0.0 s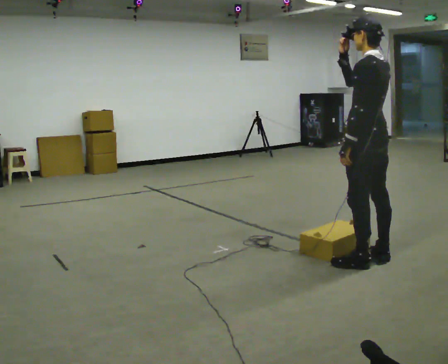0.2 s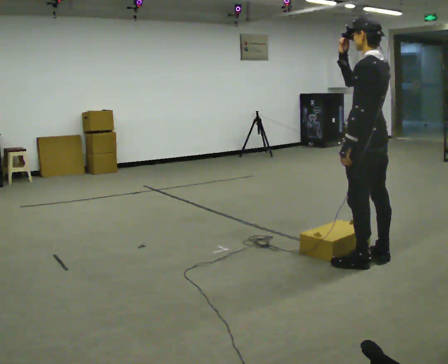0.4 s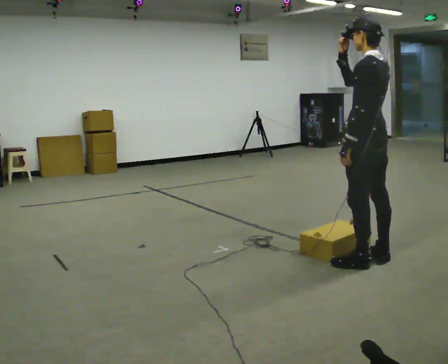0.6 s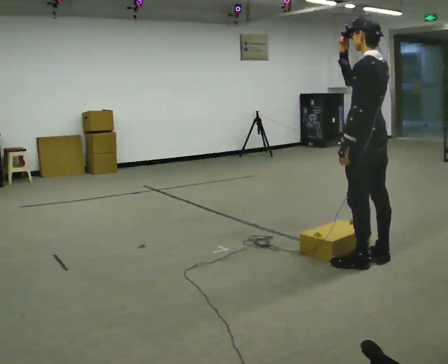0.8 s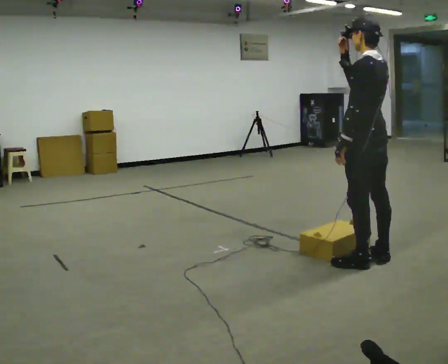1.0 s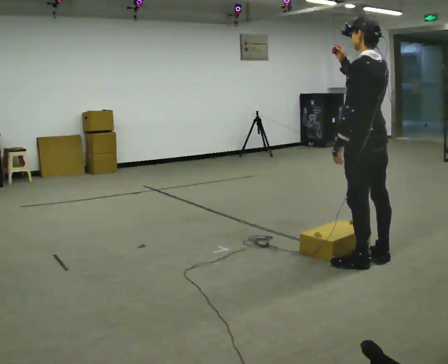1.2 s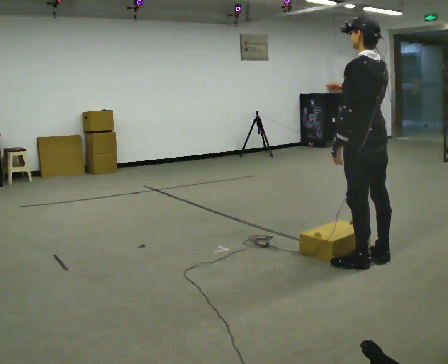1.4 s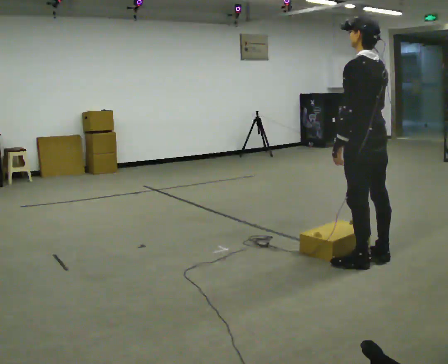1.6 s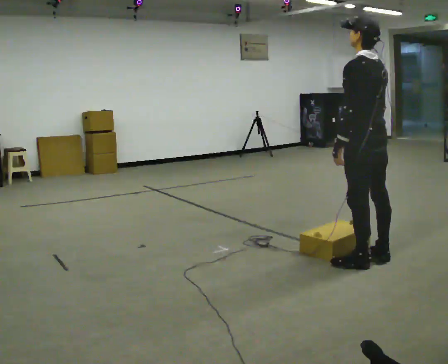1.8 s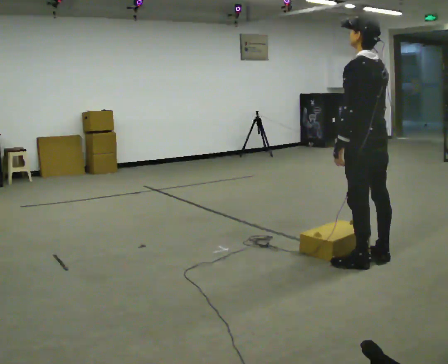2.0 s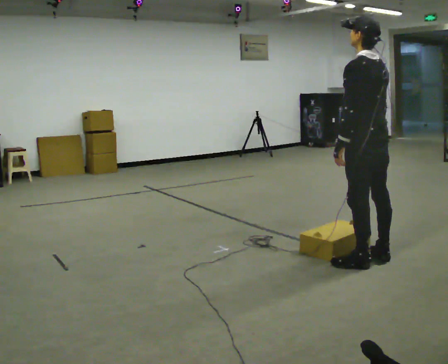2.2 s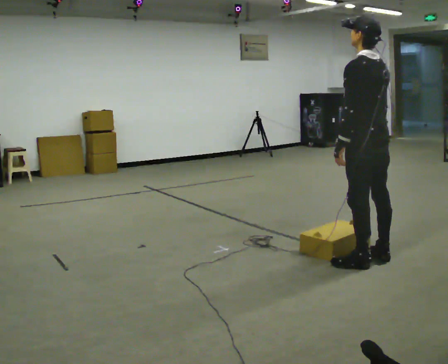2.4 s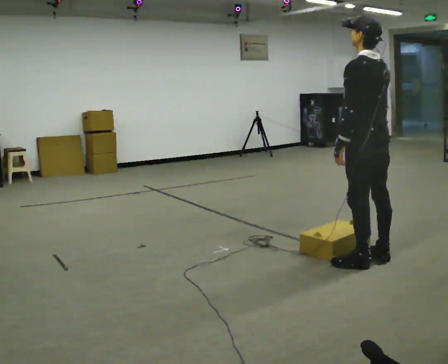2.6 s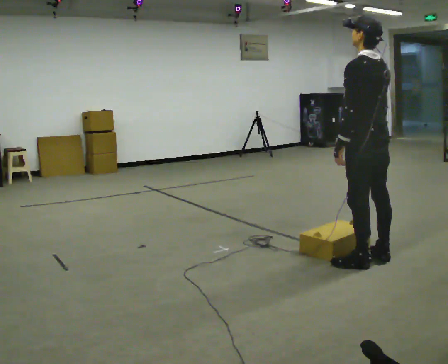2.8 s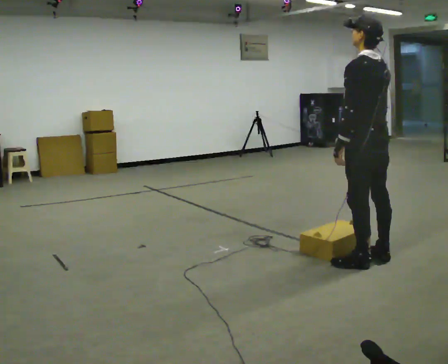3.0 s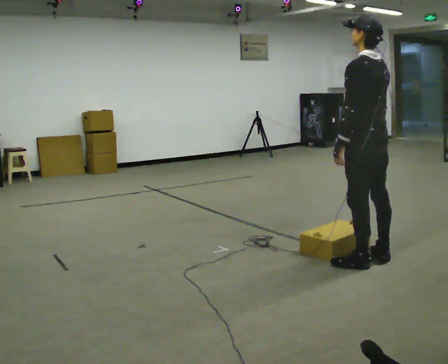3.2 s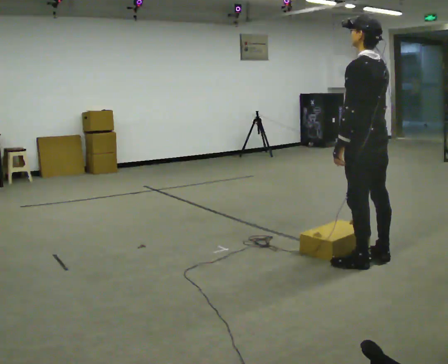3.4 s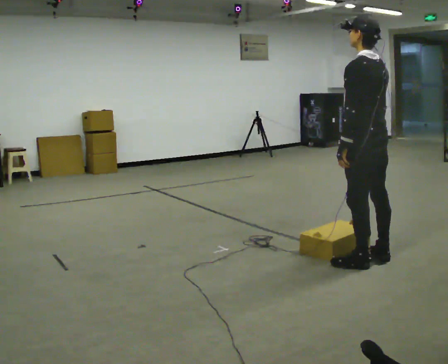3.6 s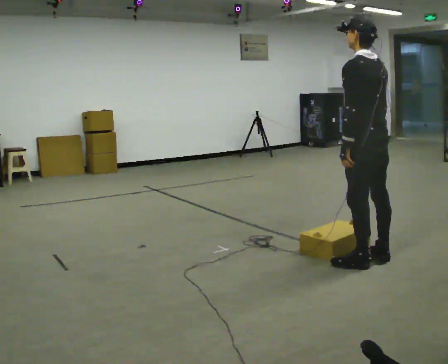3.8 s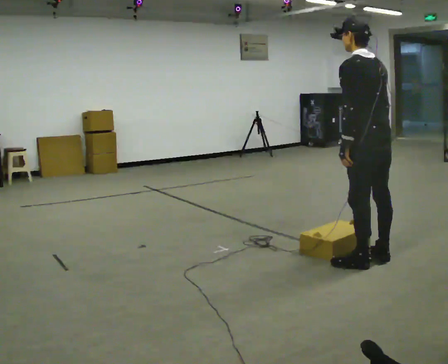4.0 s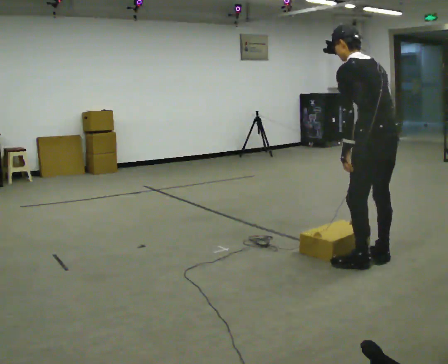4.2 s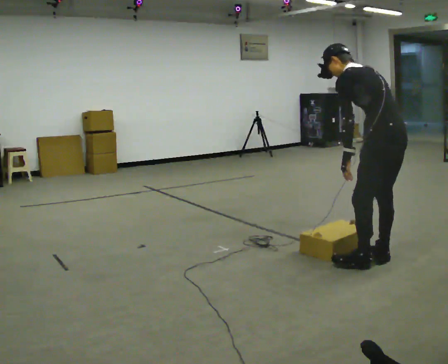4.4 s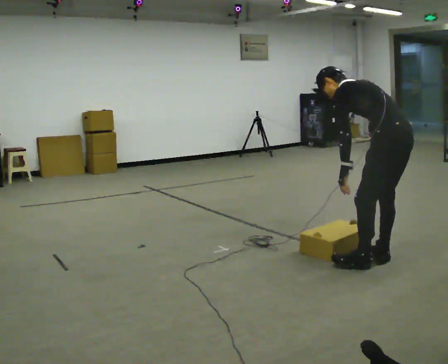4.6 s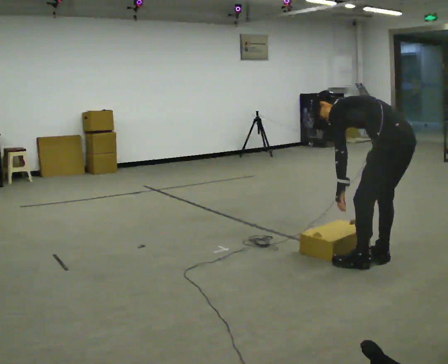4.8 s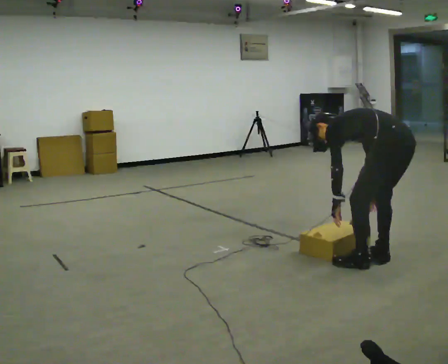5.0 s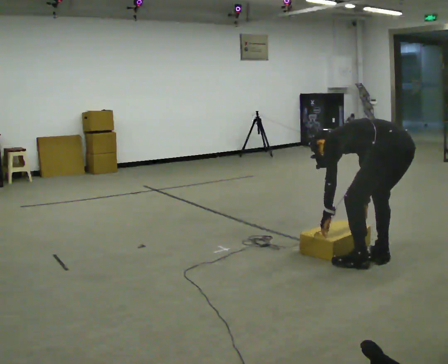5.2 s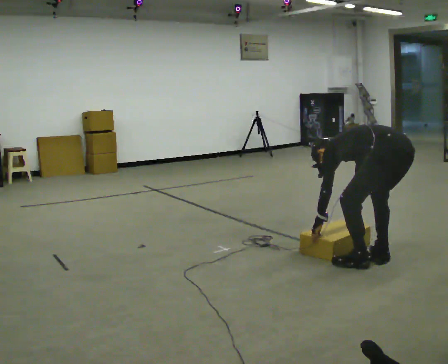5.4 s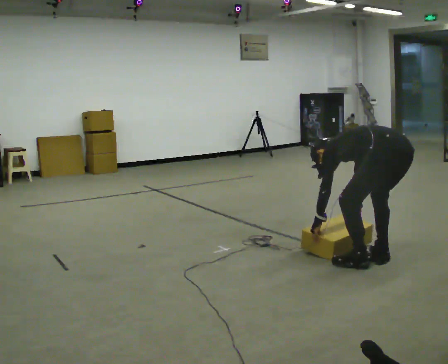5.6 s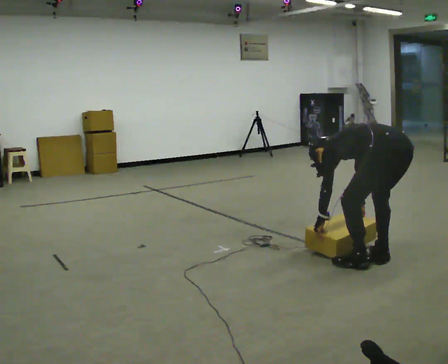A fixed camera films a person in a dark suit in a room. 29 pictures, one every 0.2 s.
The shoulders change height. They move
downward.
Their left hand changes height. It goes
downward.
0.0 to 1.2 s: The person moves a little, or ends about where they began.
1.2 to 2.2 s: In the picture their right hand goes downward.
2.2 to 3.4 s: The person keeps their place and pose.
3.4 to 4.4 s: In the picture they go to the right, about 0.25 m, which for them is backward. The upper body goes downward. In the picture the upper body tilts counterclockwise, shoulders to the left, as they bend forward.
4.4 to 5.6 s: The upper body goes downward. The upper body tips away from the camera, its near side rolling upward, as they bend forward. In the picture their right hand goes downward.
The film runs backward here.
